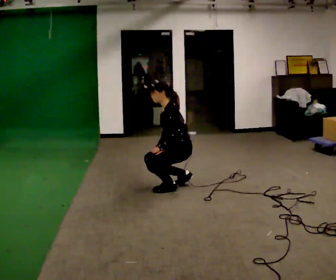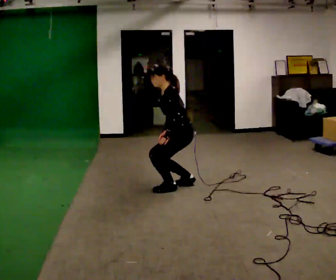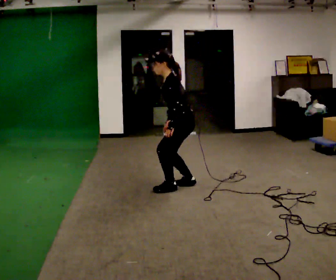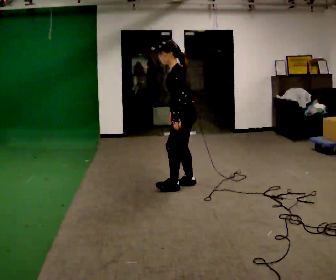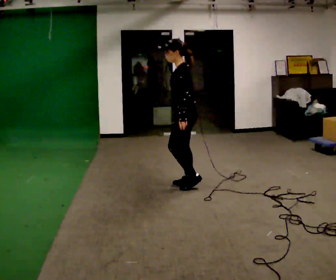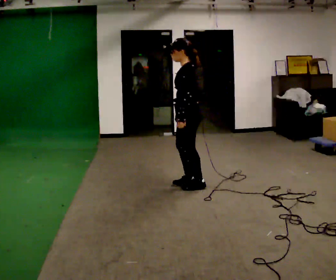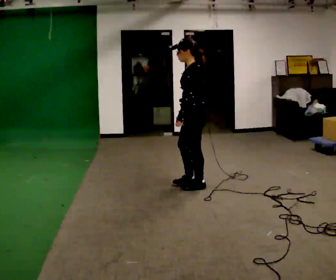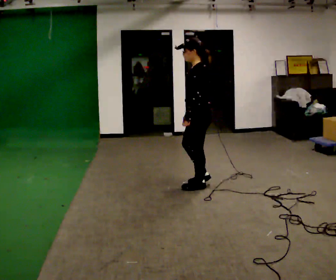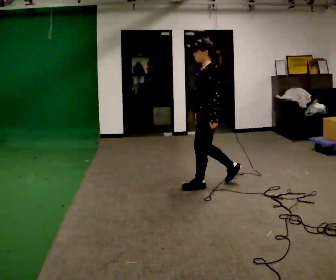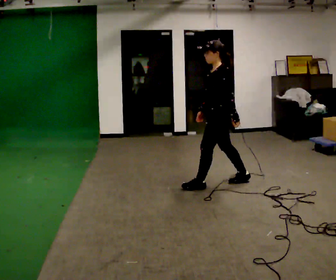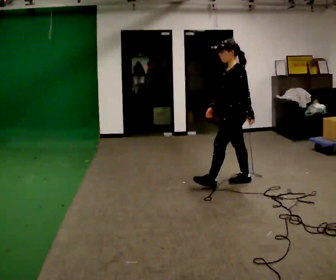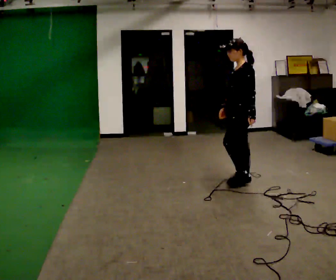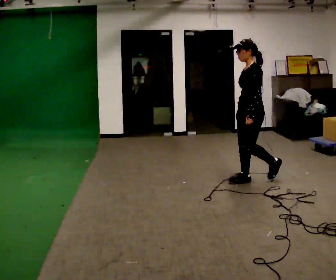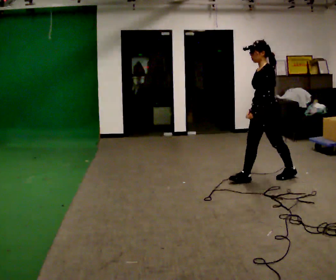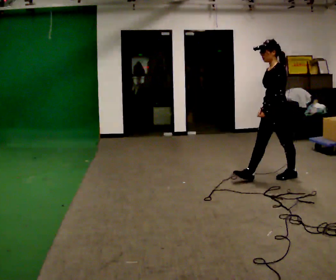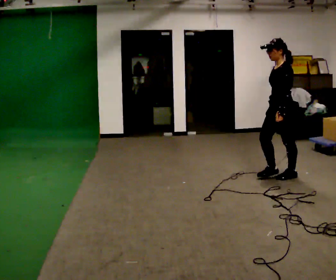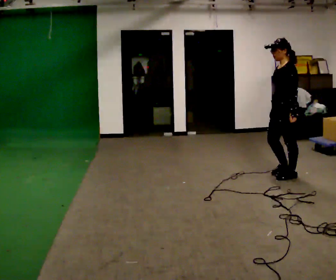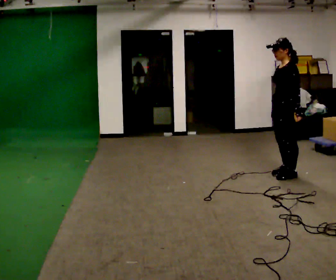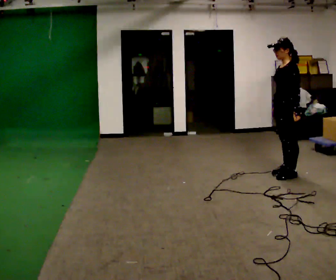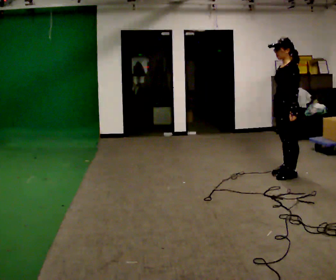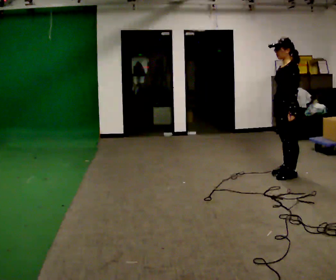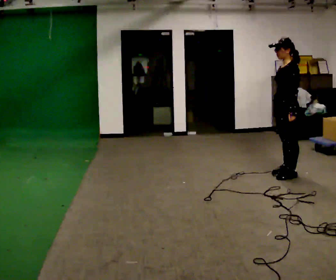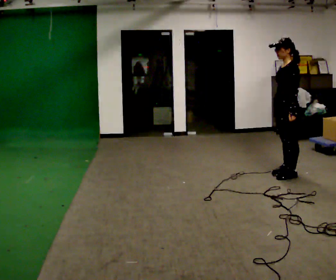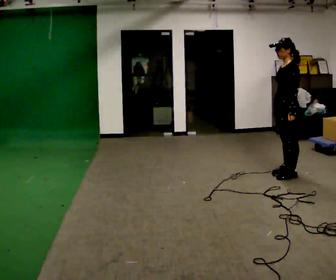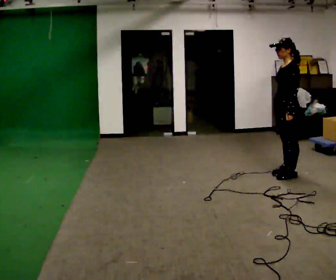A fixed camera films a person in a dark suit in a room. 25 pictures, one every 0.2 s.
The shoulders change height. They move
upward.
The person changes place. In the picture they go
to the right.
0.0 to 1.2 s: In the picture they go to the right, about 0.25 m in 1 step, which for them is backward. The upper body goes upward. In the picture the upper body tilts clockwise, shoulders to the right, as they lean back or straighten. In the picture their right hand goes upward and to the right.
1.2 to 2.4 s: In the picture they go to the right, about 0.75 m in 2 steps, which for them is backward.
2.4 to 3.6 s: In the picture they go to the right, about 0.5 m in 1 step, which for them is backward.
3.6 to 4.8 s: The person moves a little, or ends about where they began.
The film runs backward here.
